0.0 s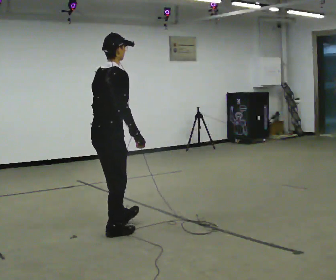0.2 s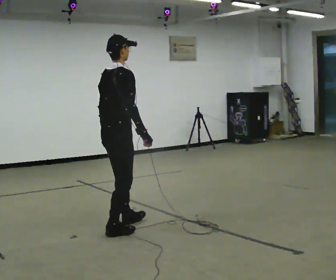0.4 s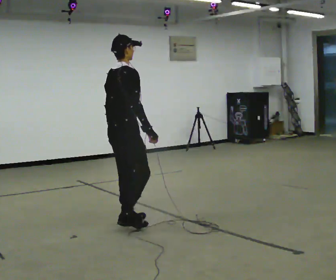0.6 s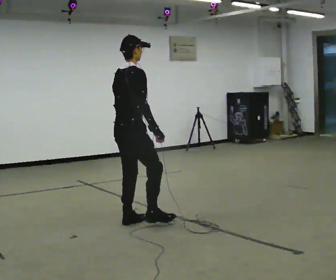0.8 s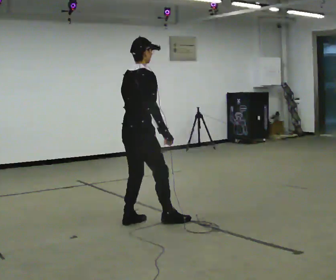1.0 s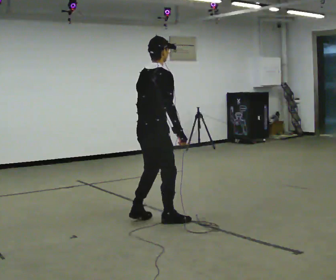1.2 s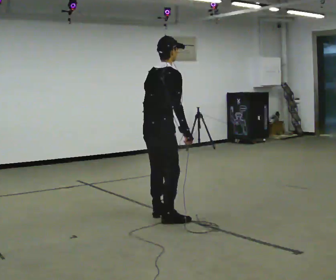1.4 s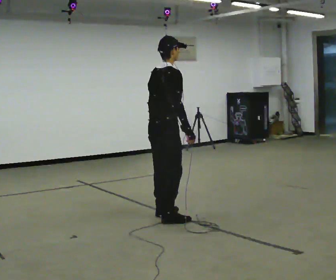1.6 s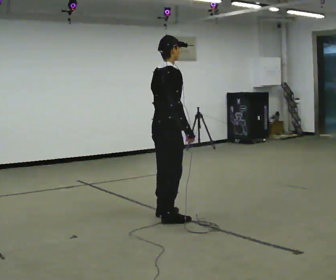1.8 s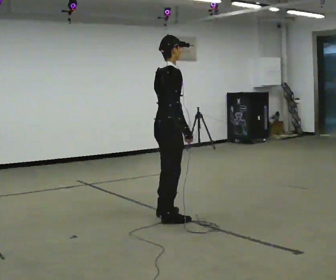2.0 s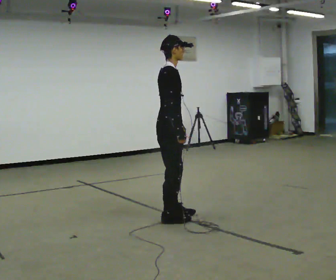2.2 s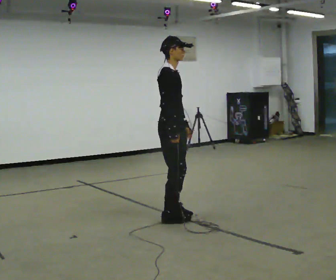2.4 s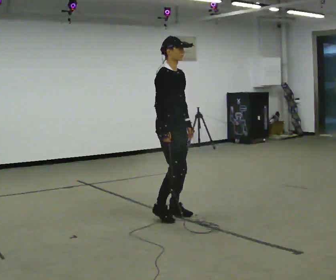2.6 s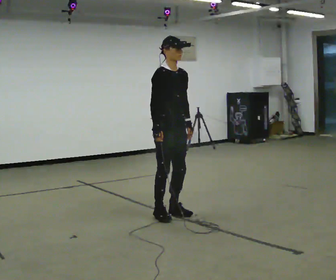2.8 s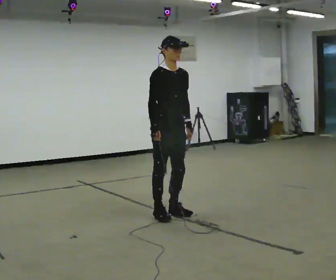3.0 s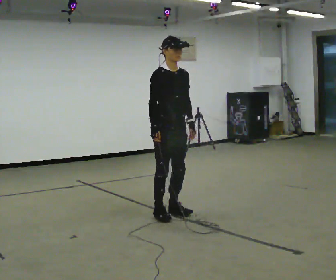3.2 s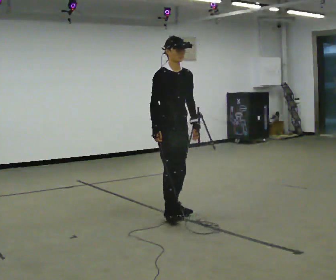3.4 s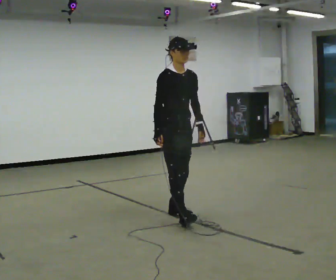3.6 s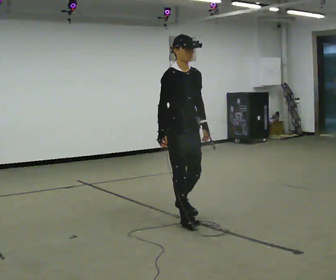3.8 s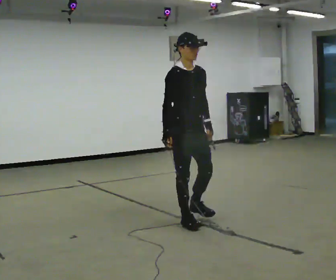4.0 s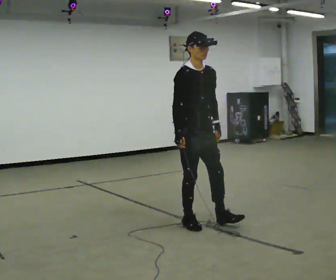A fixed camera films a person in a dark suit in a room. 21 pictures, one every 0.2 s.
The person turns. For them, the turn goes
to their right.
The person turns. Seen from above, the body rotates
clockwise.
0.0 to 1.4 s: In the picture they go to the right and away from the camera, about 0.5 m in 2 steps, which for them is forward.
1.4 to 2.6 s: The person turns about 75 degrees to their right, clockwise seen from above, so the part of the body nearest the lens slides to the left. In the picture they go away from the camera, about 0.25 m in 2 steps.
2.6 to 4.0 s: In the picture they go toward the camera and to the right, about 0.5 m in 2 steps, which for them is forward.
The film runs backward here.
